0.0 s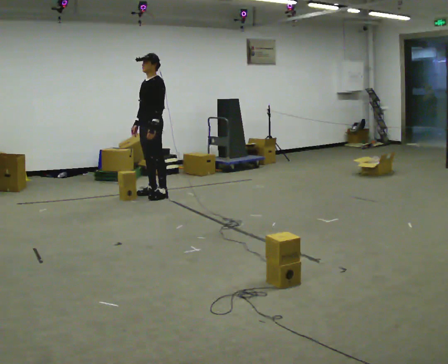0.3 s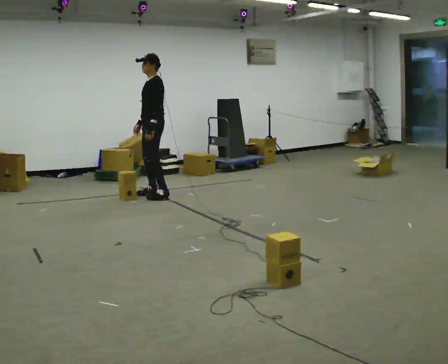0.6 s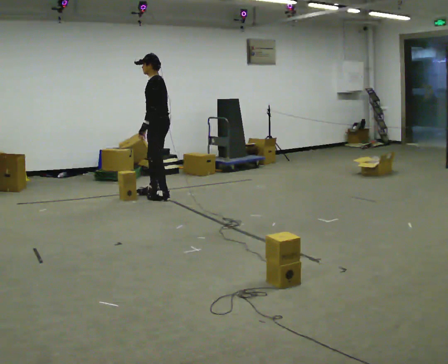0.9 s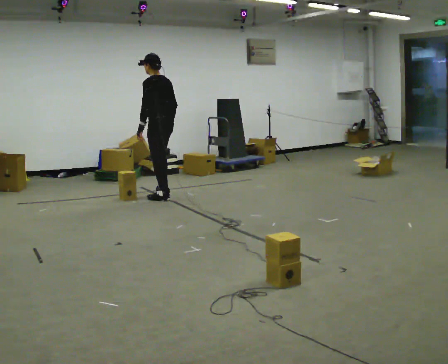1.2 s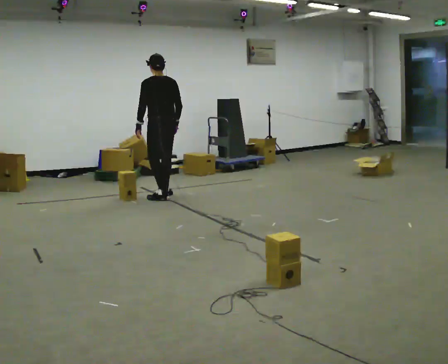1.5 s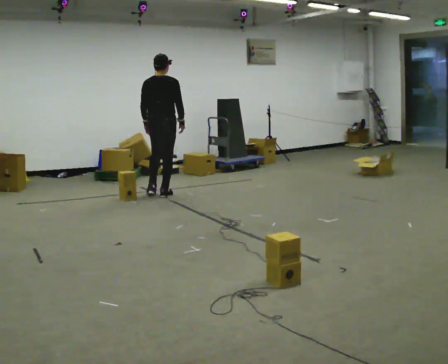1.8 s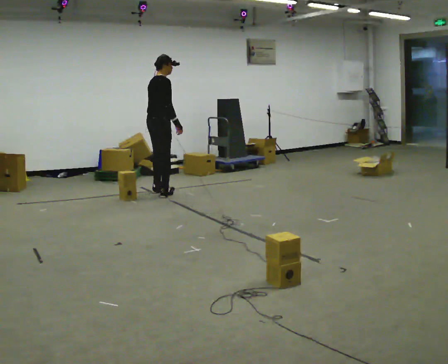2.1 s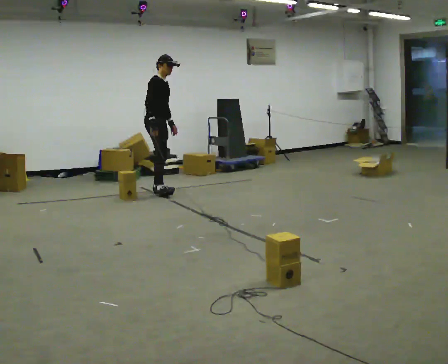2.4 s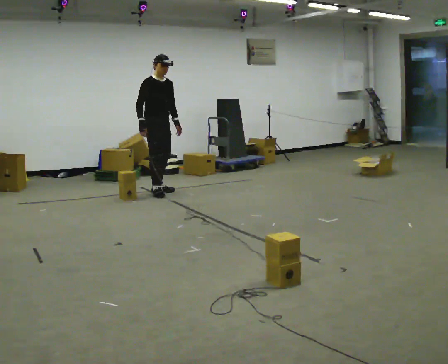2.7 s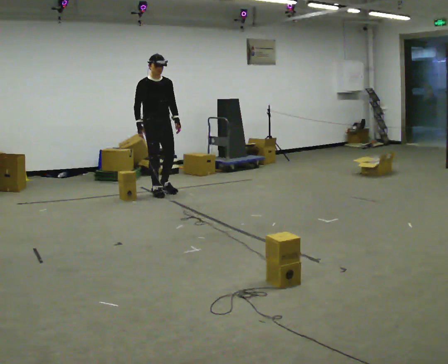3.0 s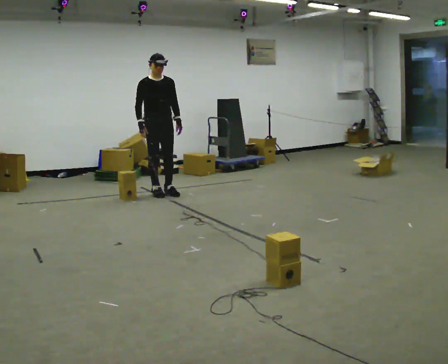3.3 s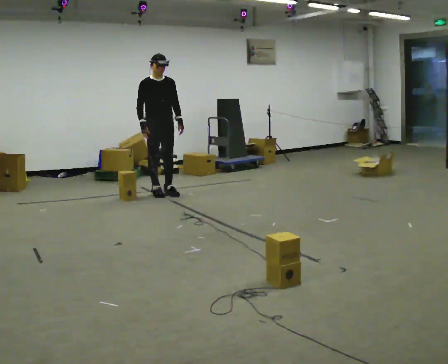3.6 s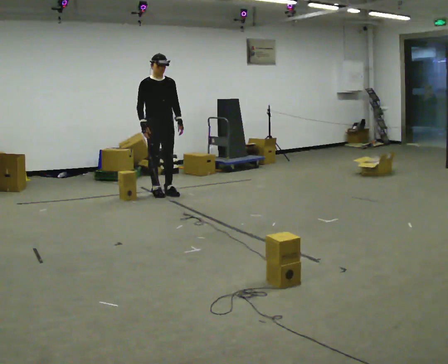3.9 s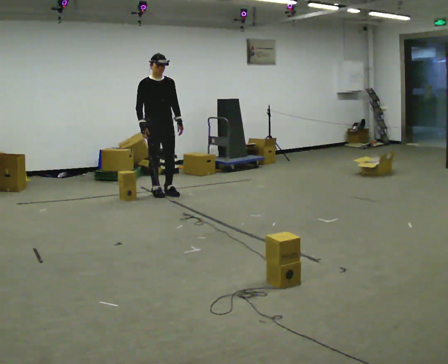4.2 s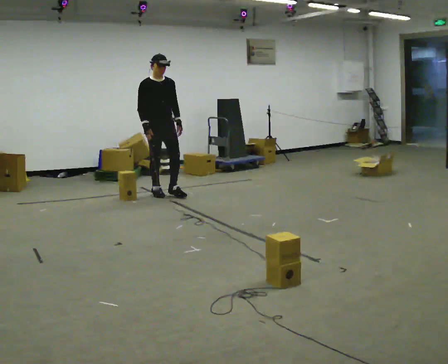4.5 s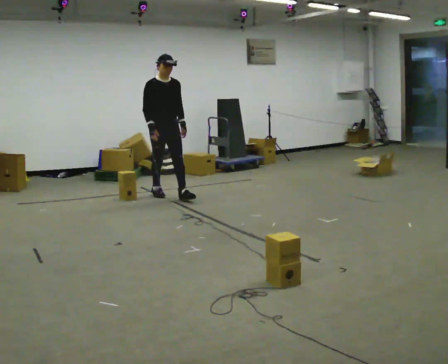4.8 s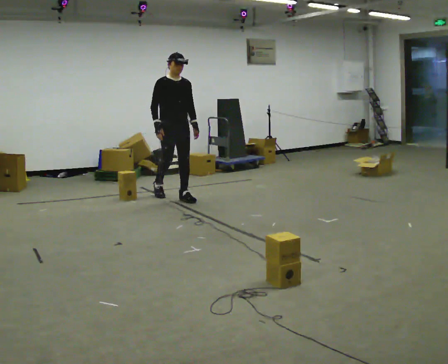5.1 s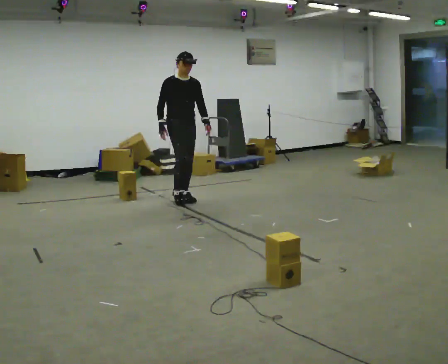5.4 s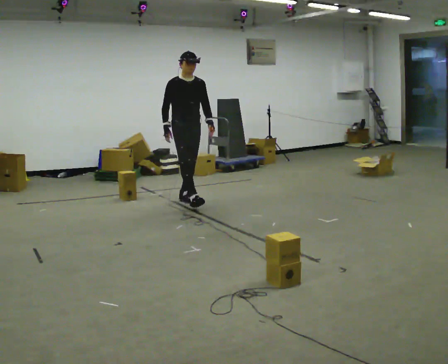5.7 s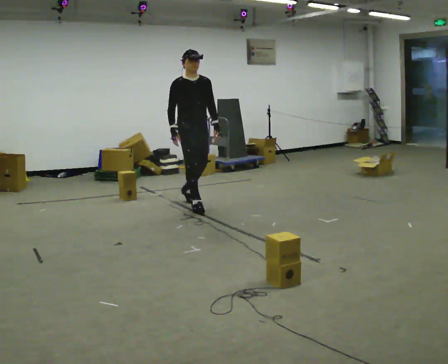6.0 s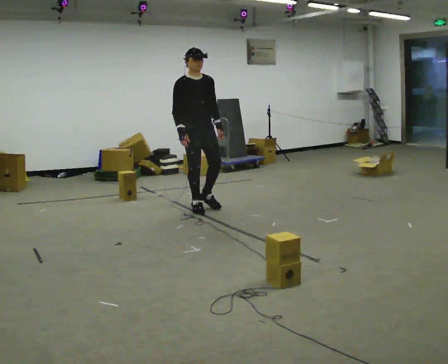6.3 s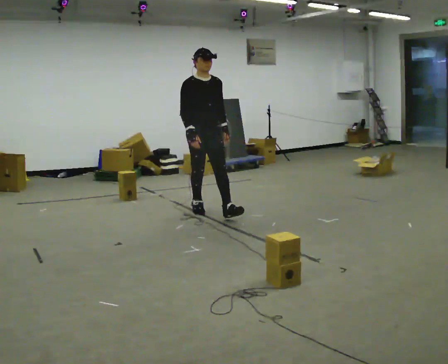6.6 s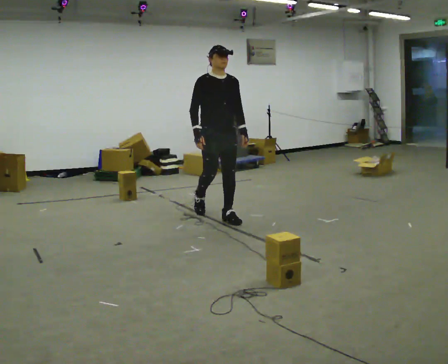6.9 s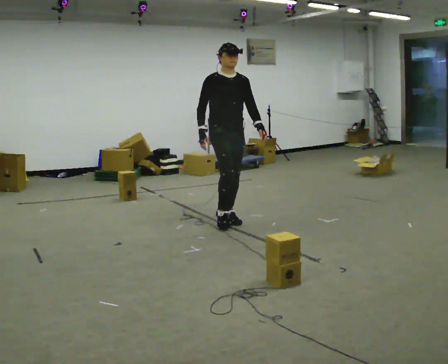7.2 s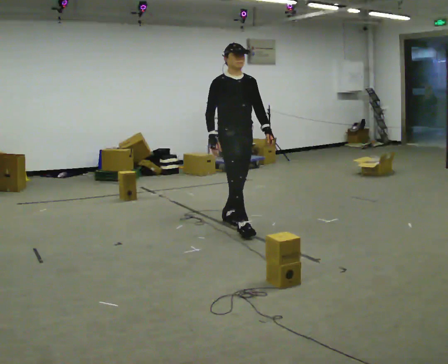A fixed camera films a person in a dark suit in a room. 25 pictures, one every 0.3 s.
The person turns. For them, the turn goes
to their right.
The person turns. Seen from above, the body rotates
clockwise.
0.0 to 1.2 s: The person turns about 90 degrees to their right, clockwise seen from above, so the part of the body nearest the lens slides to the left.
1.2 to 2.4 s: The person turns about 165 degrees to their right, clockwise seen from above, so the part of the body nearest the lens slides to the left. In the picture they go away from the camera, about 0.25 m in 2 steps. In the picture their left hand goes to the right, the arm swinging counterclockwise.
2.4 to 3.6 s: The person moves a little, or ends about where they began.
3.6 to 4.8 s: In the picture they go toward the camera and to the right, about 0.25 m in 1 step, which for them is forward.
4.8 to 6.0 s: In the picture they go toward the camera and to the right, about 0.75 m in 1 step, which for them is forward.
6.0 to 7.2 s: In the picture they go toward the camera and to the right, about 1 m in 2 steps, which for them is forward.
The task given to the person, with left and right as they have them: Carry the stack of boxes across the room without letting it fall over, then bring it back. Keep going until the operator says stop; one object at a time, and do not rush between trips.
The film runs forward here.
